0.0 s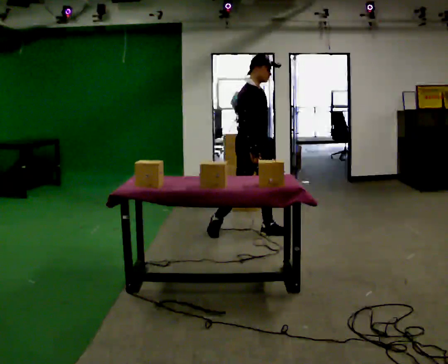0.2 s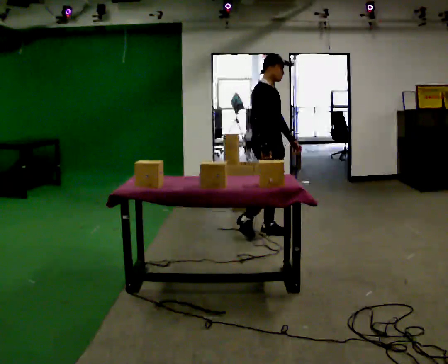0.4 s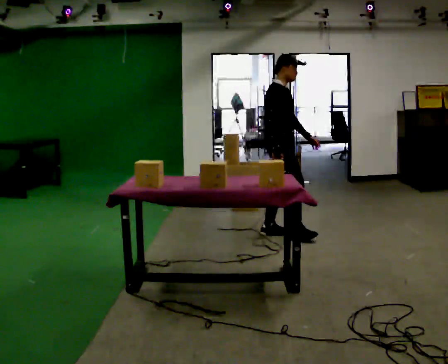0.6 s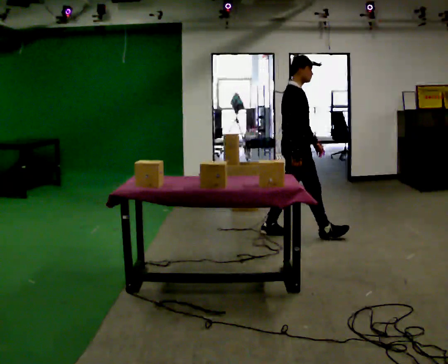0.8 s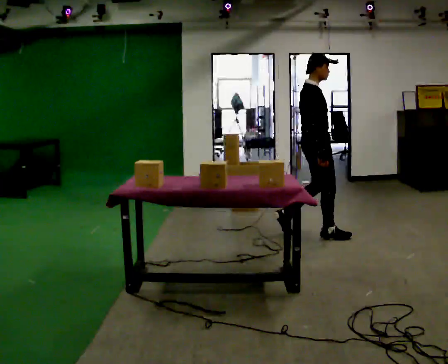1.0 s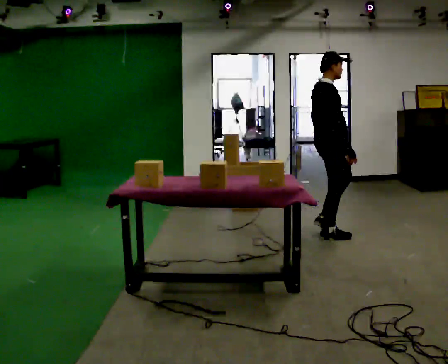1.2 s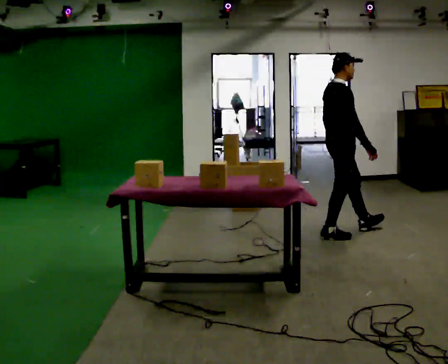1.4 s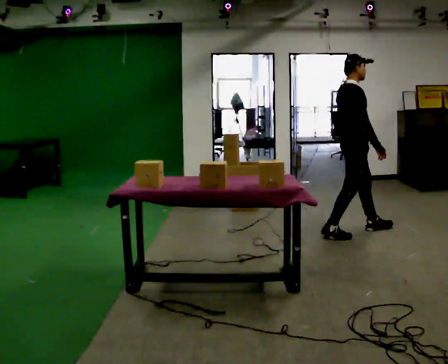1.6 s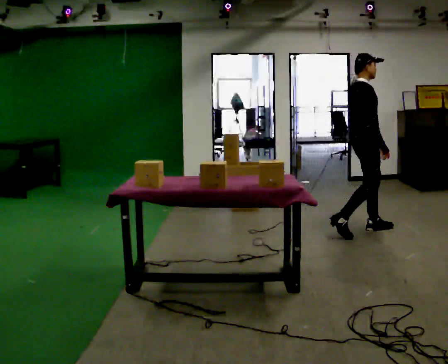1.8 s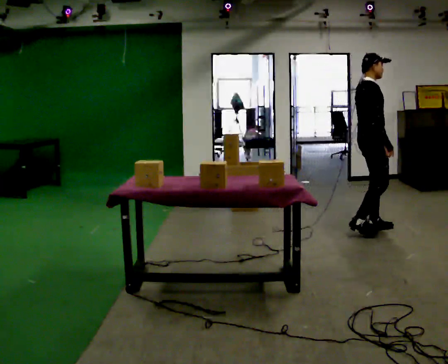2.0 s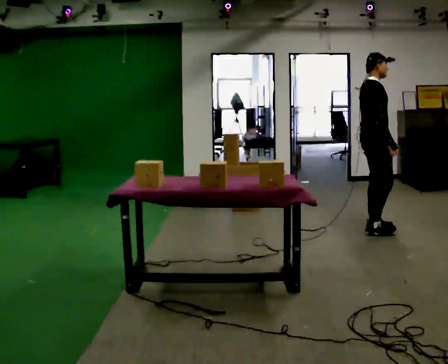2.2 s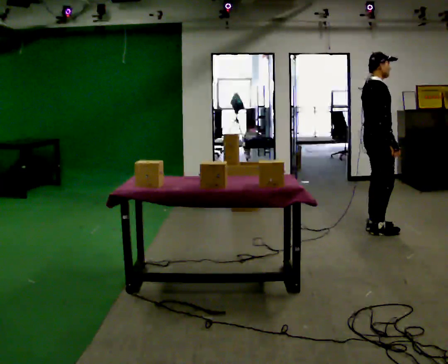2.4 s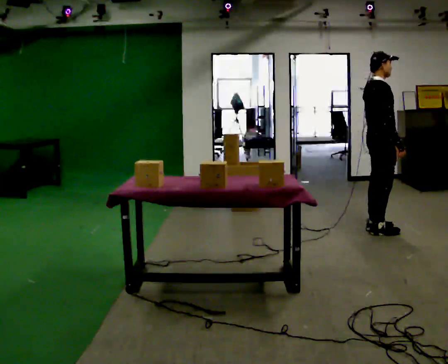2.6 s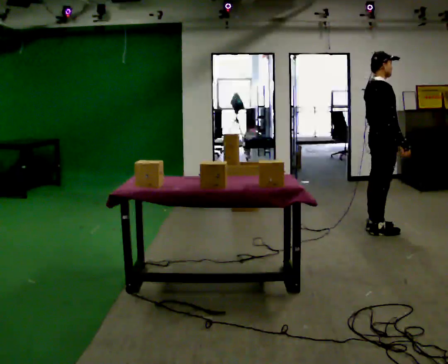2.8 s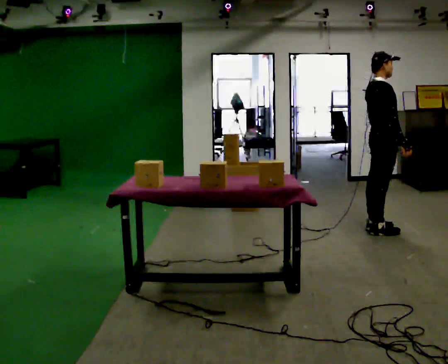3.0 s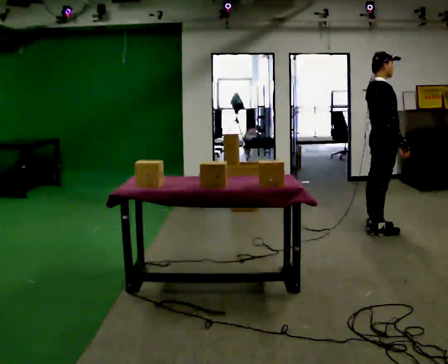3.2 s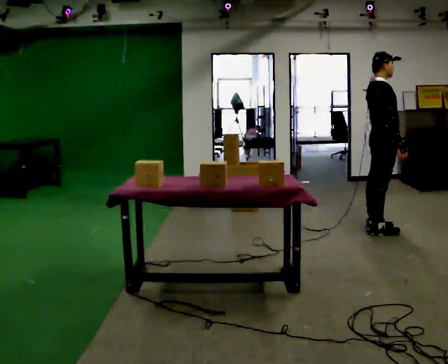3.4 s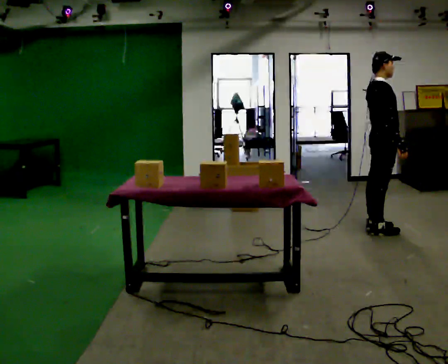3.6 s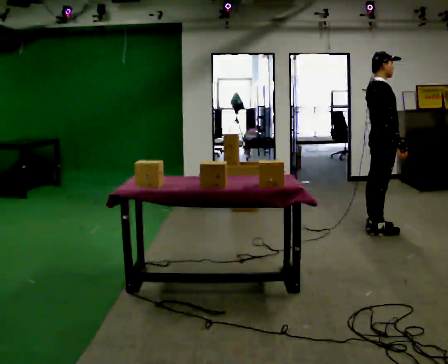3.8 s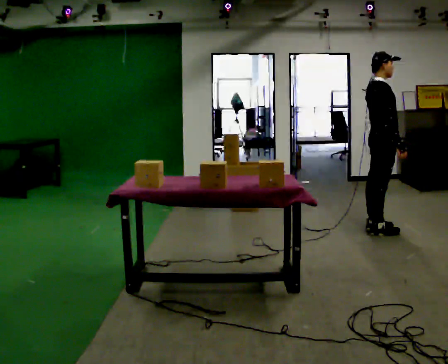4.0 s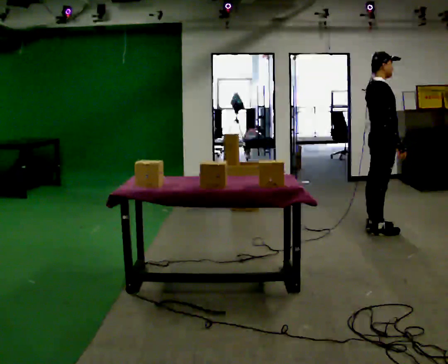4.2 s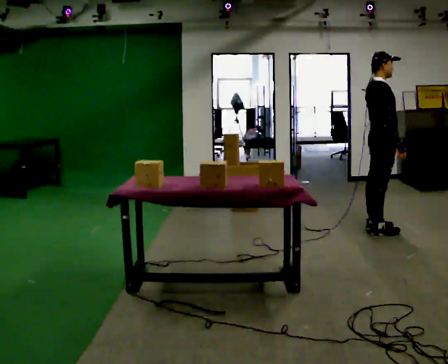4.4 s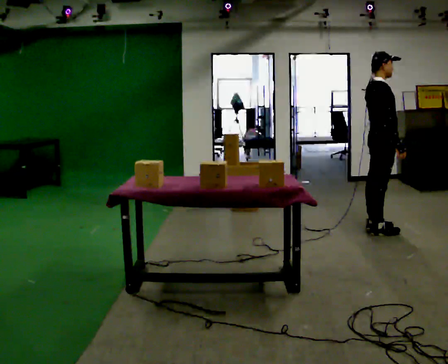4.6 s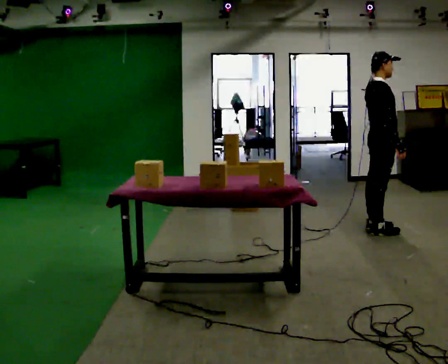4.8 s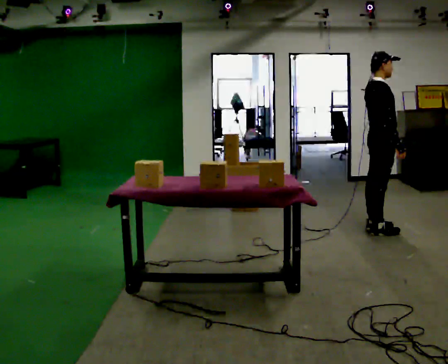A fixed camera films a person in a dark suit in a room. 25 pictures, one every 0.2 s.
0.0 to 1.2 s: The part of the body nearest the lens slides to the right as the person turns to their left by about 30 degrees. In the picture they go to the right, about 1 m in 1 step, which for them is forward.
1.2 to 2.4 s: In the picture they go to the right and away from the camera, about 0.5 m in 2 steps, which for them is forward.
2.4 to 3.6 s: The person moves a little, or ends about where they began.
3.6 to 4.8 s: The person keeps their place and pose.
The film runs forward here.
